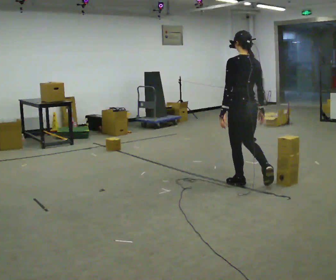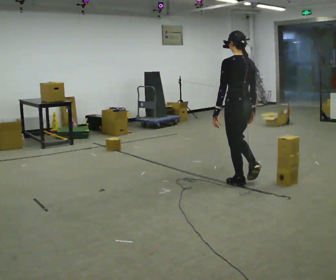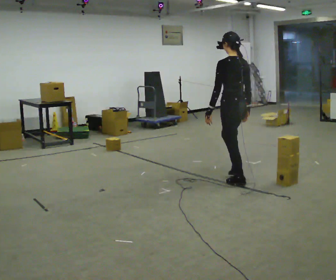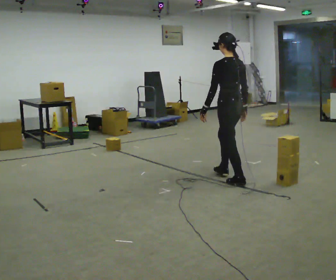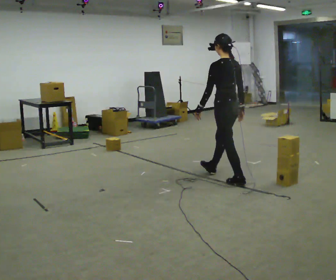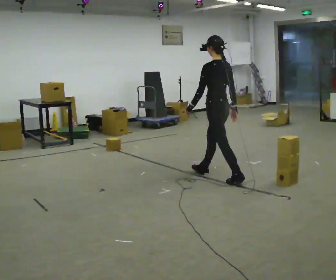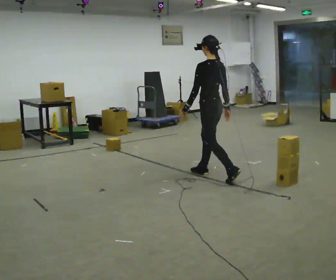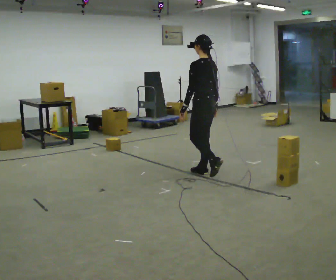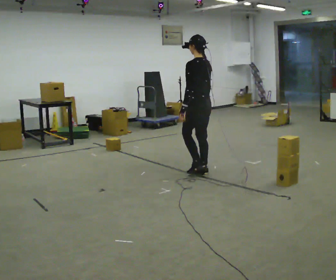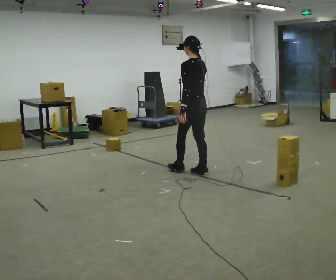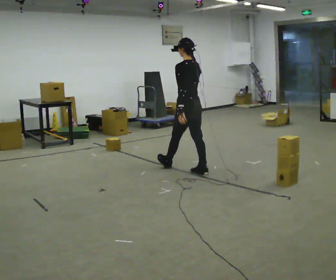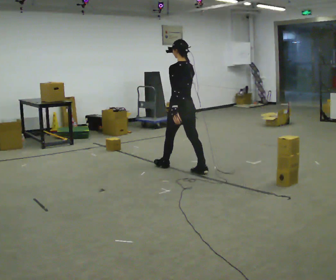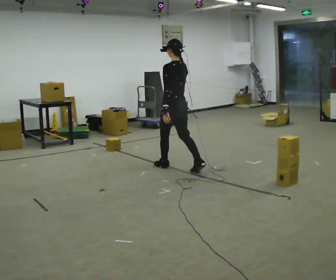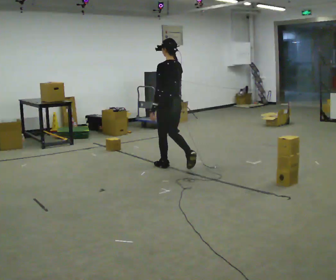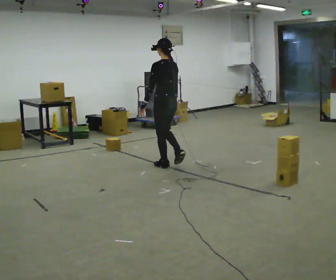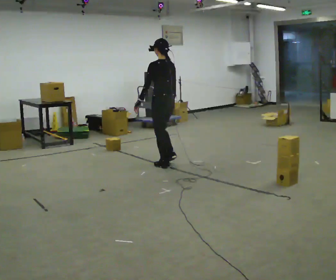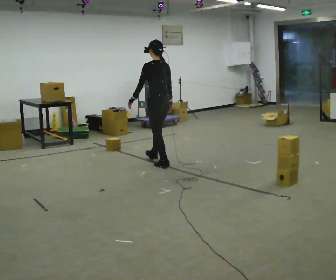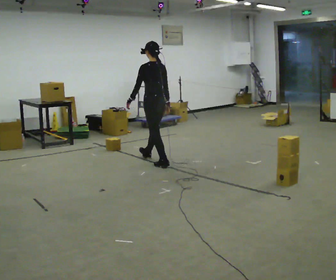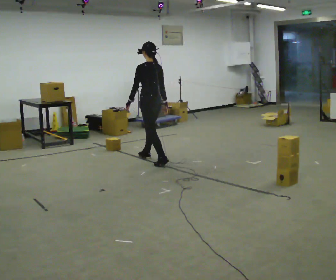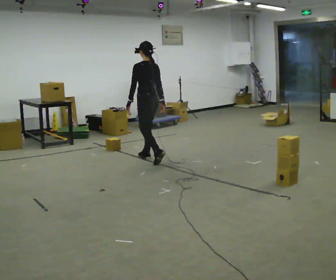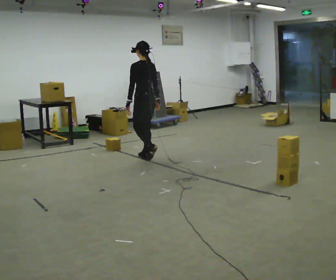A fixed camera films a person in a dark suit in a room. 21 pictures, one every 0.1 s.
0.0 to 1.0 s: In the picture they go away from the camera and to the left, about 1 m in 1 step, which for them is forward.
1.0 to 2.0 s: In the picture they go away from the camera and to the left, about 1 m in 2 steps, which for them is forward.
The film runs forward here.
